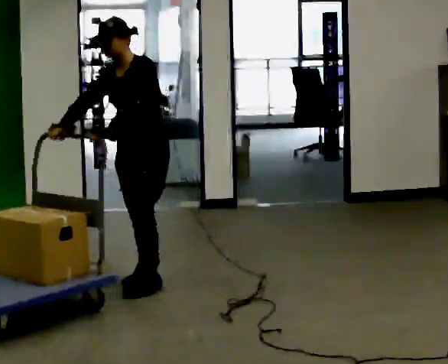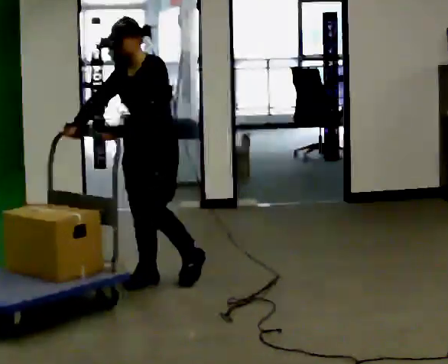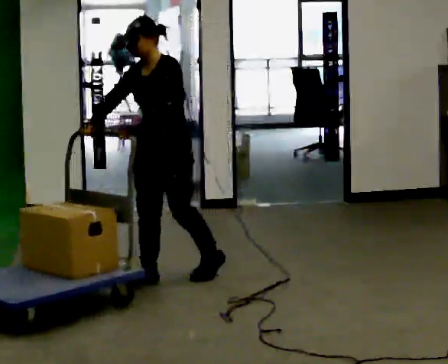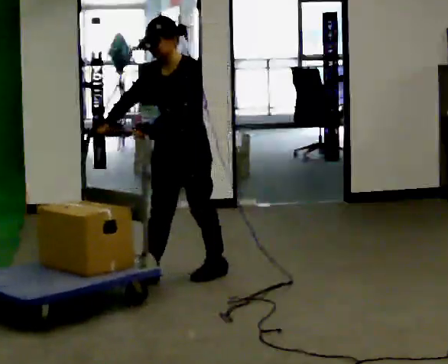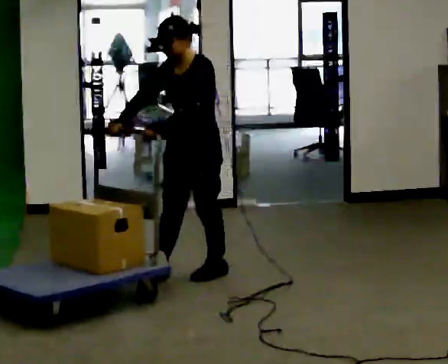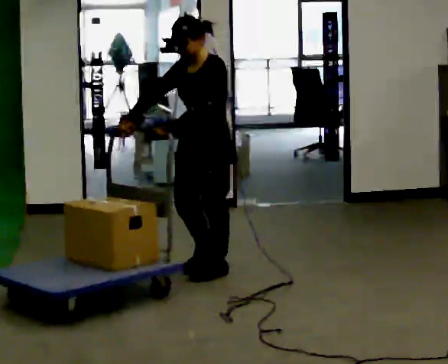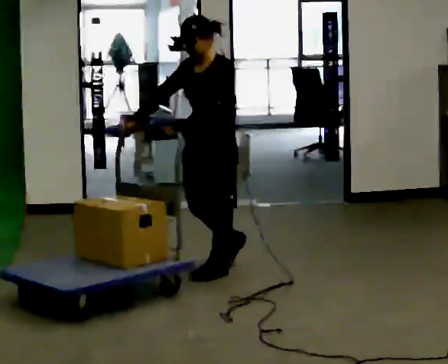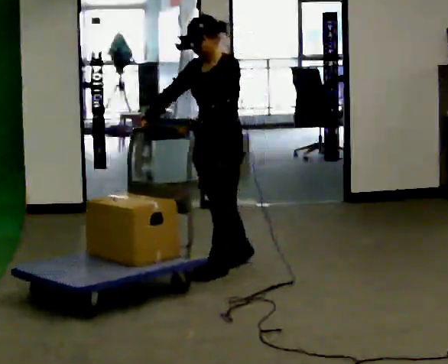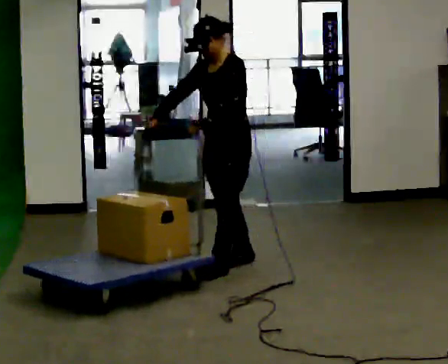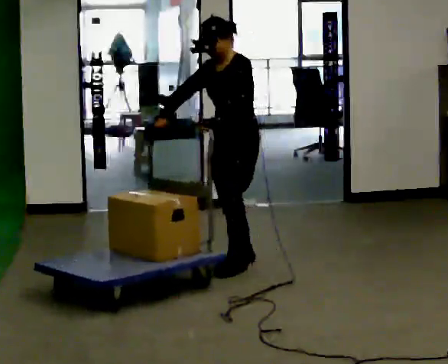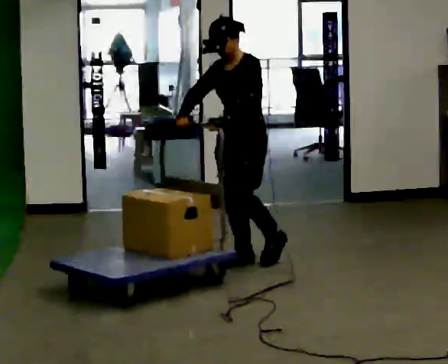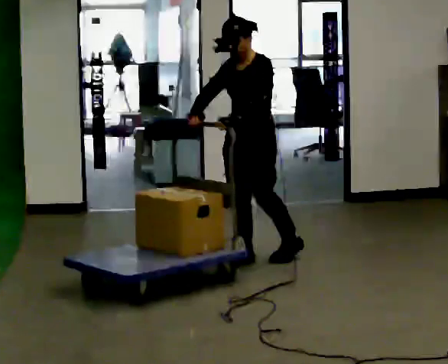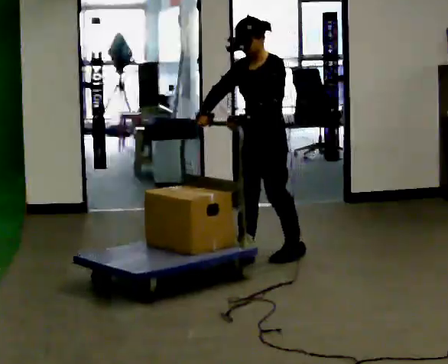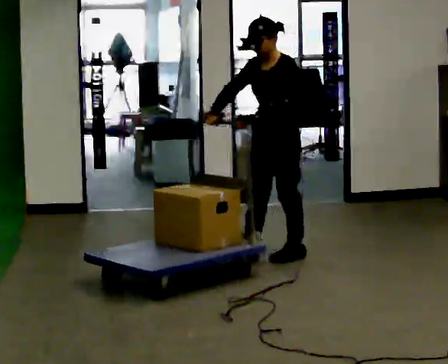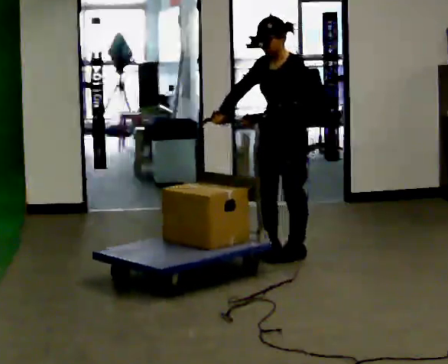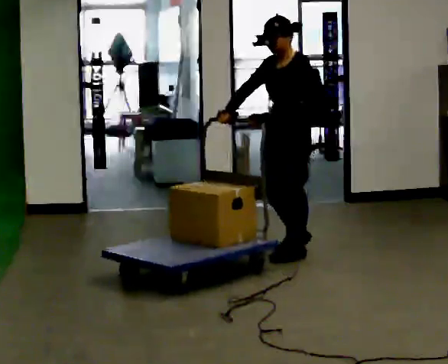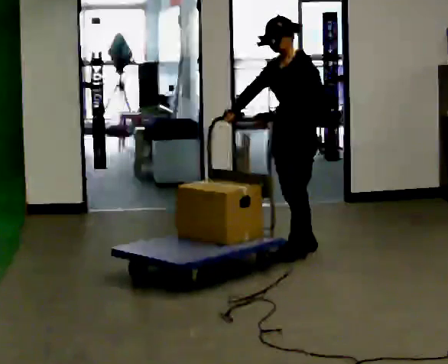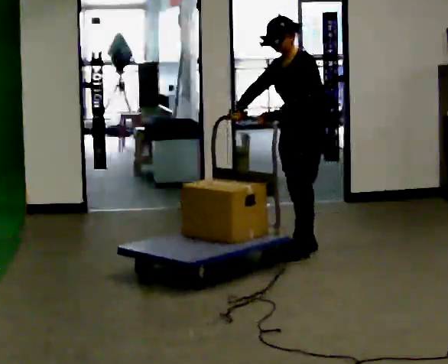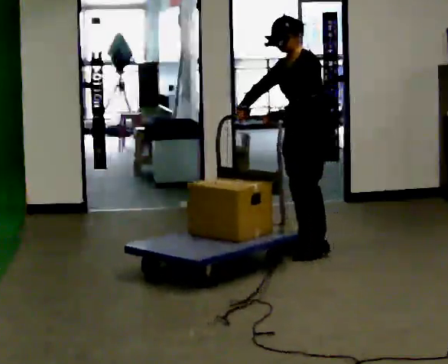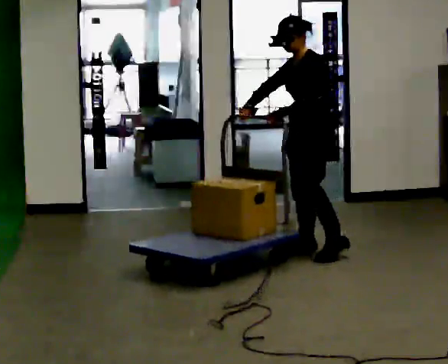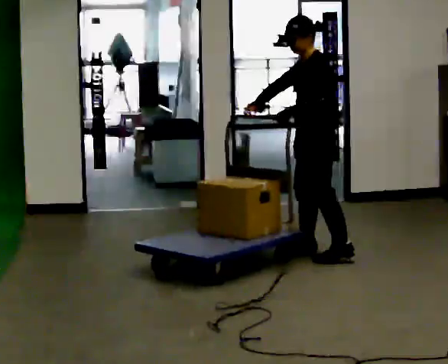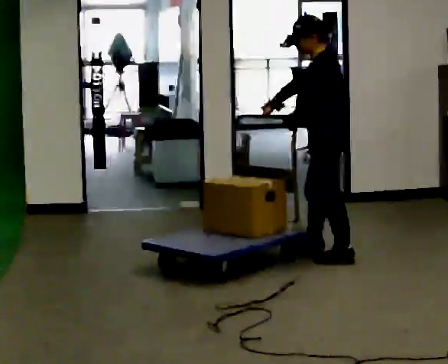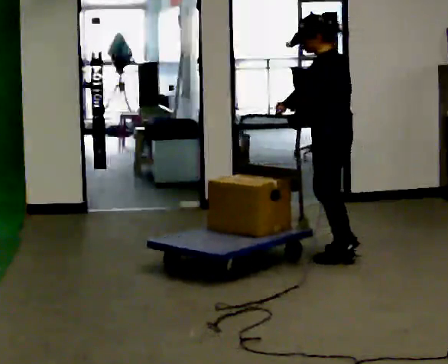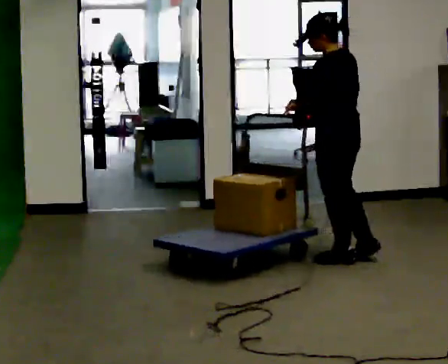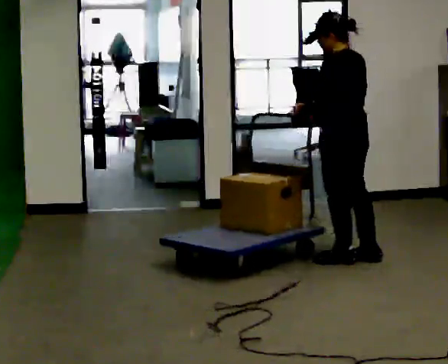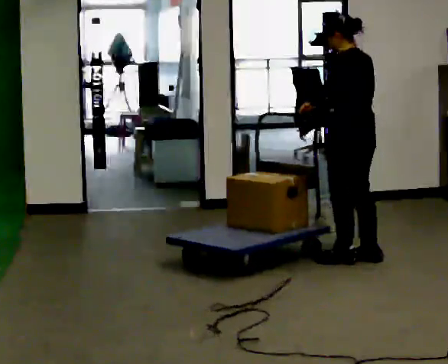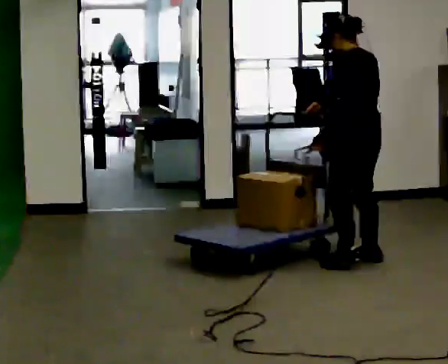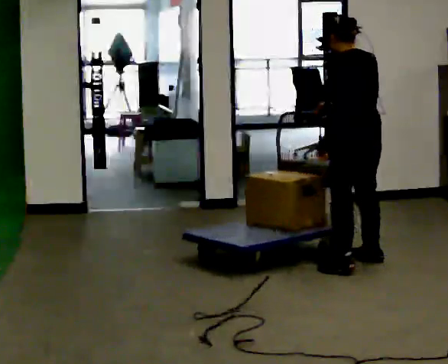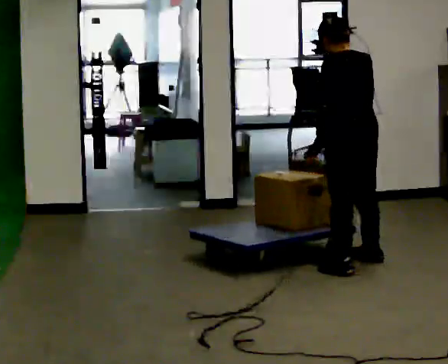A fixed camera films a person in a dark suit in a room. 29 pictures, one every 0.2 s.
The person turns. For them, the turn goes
to their right.
The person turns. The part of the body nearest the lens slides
to the left.
0.0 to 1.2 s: In the picture they go to the right and away from the camera, about 0.5 m in 1 step, which for them is backward.
1.2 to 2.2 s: In the picture they go away from the camera and to the right, about 0.25 m in 1 step, which for them is backward.
2.2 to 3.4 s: In the picture they go to the right and away from the camera, about 0.25 m in 1 step, which for them is backward.
3.4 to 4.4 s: Seen from above the body turns clockwise, about 45 degrees: to their right, with its near side sliding to the left. In the picture they go to the right and toward the camera, about 0.25 m in 2 steps, which for them is to their left.
4.4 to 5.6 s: The person turns about 30 degrees to their right, clockwise seen from above, so the part of the body nearest the lens slides to the left. In the picture they go toward the camera, about 0.25 m in 1 step, which for them is backward. In the picture their right hand goes to the right.
The film runs backward here.
